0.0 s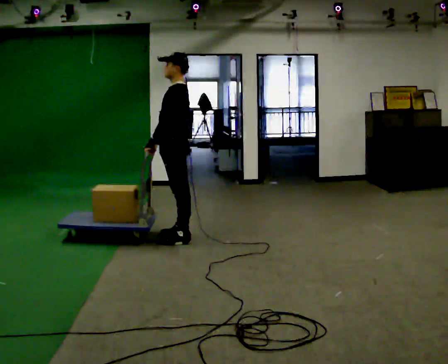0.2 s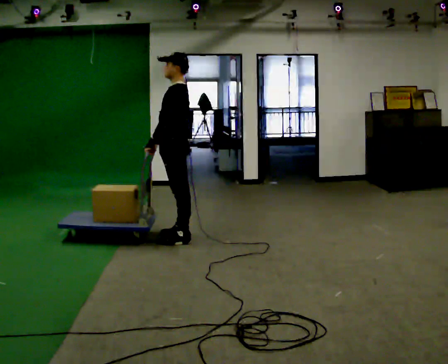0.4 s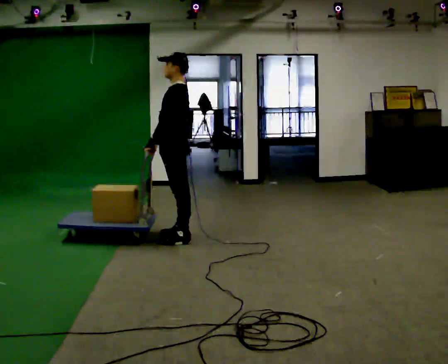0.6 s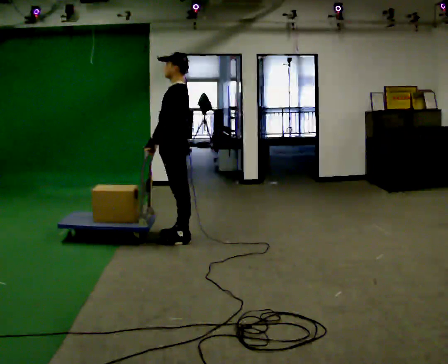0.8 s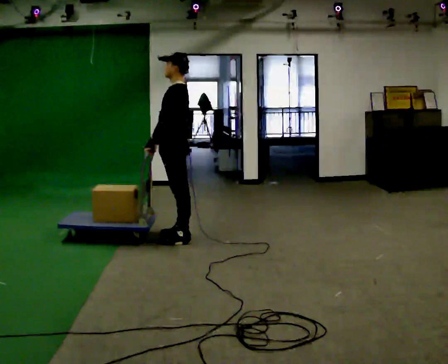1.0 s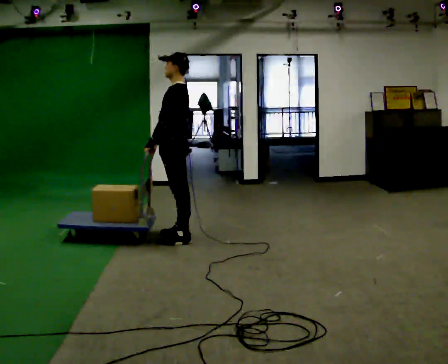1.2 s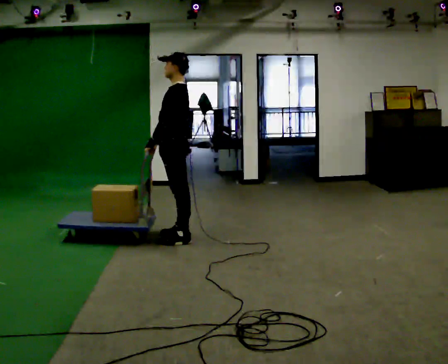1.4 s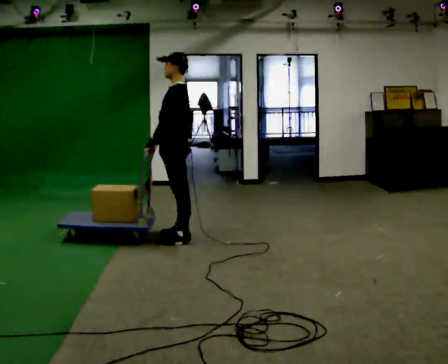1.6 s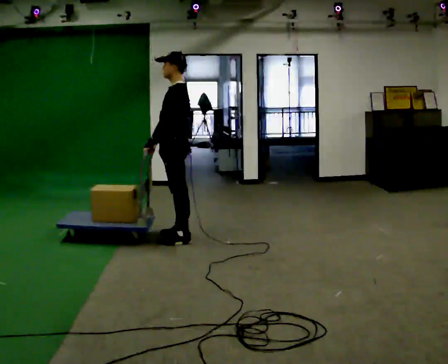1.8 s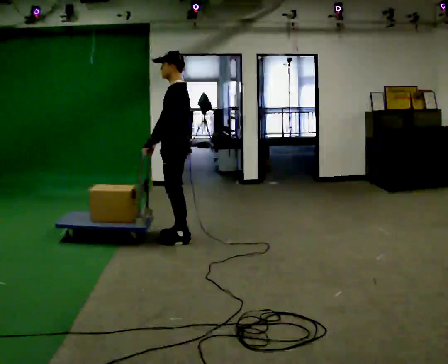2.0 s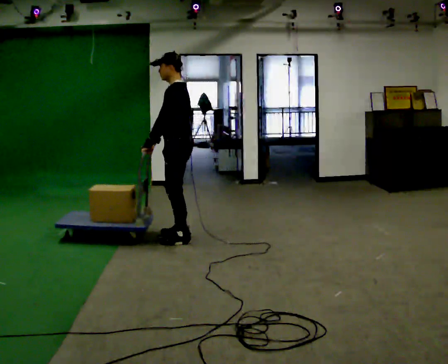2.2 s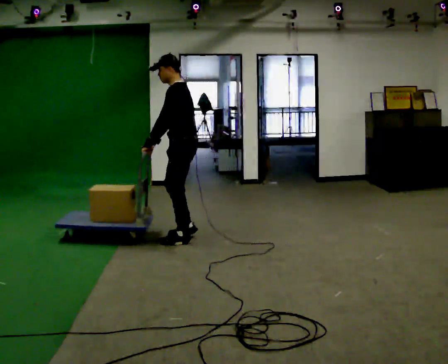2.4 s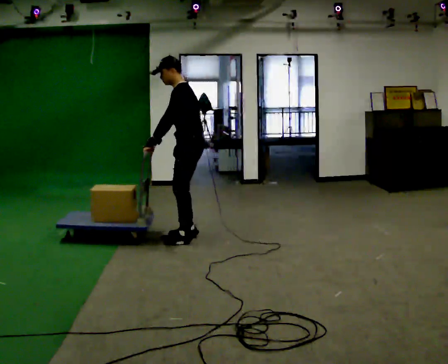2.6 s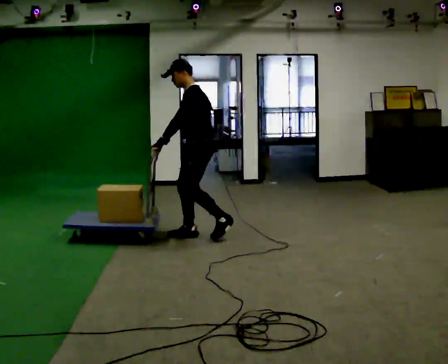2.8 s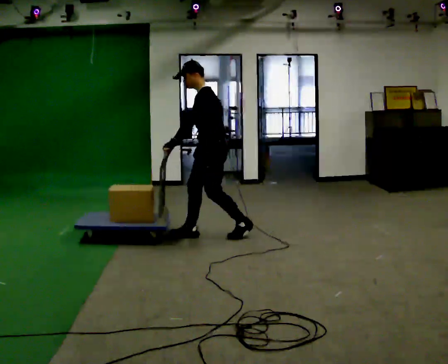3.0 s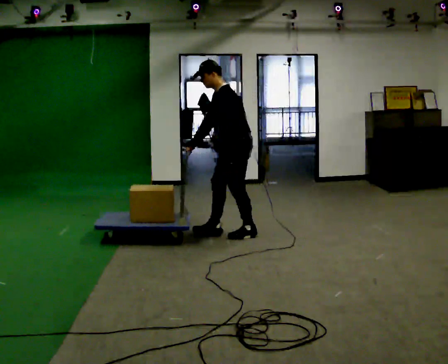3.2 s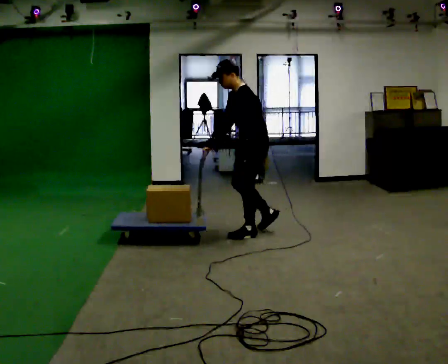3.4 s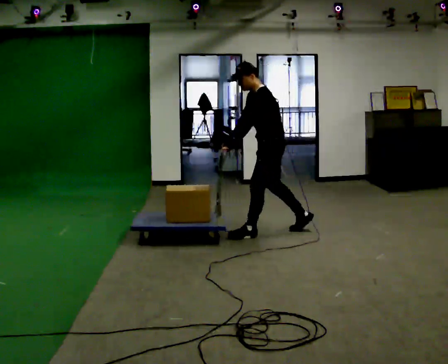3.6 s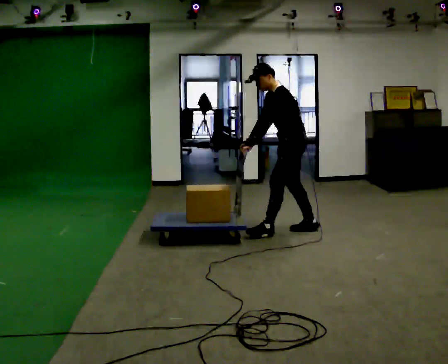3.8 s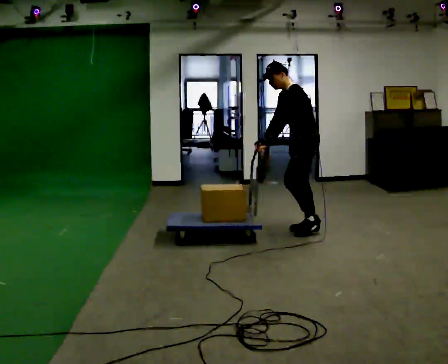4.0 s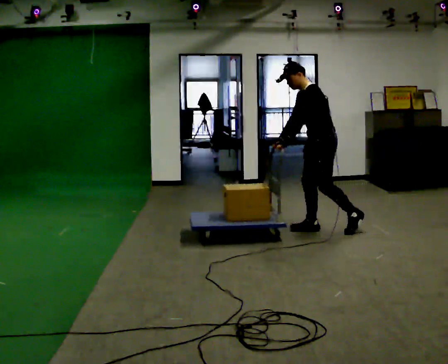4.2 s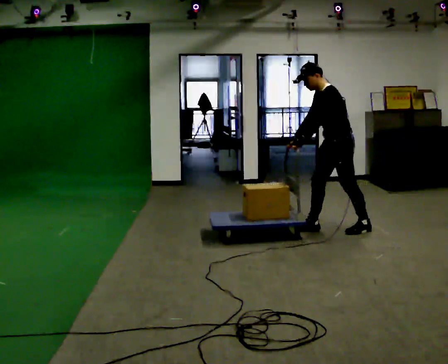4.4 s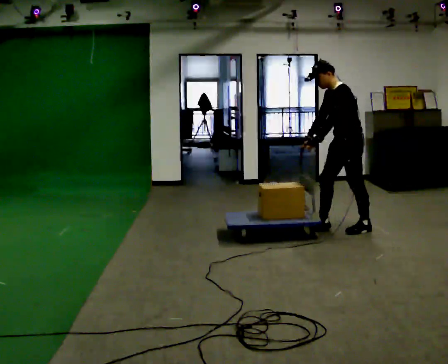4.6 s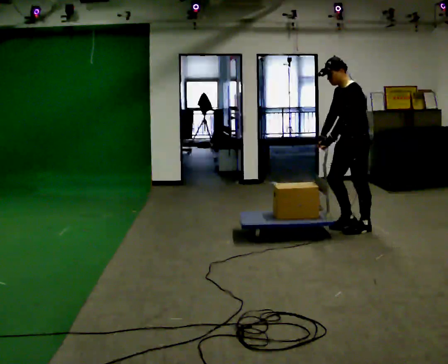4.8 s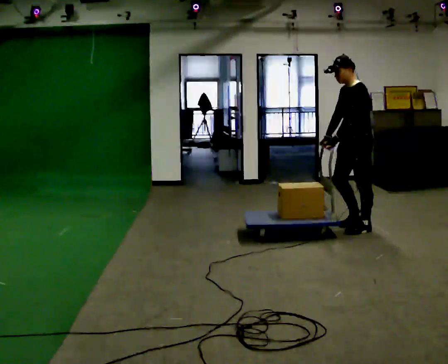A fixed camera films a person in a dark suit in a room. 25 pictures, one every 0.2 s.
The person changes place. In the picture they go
to the right.
0.0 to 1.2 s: The person keeps their place and pose.
1.2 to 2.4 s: In the picture the upper body tilts counterclockwise, shoulders to the left, as they bend forward.
2.4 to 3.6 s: In the picture they go to the right, about 1 m in 2 steps, which for them is backward.
3.6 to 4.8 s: In the picture they go to the right, about 0.75 m in 1 step, which for them is backward.
The film runs backward here.
